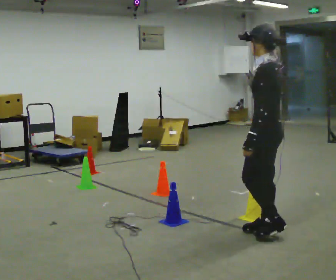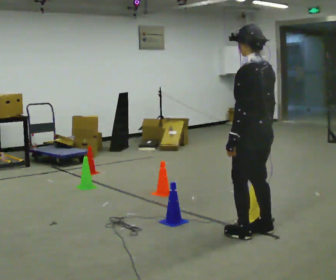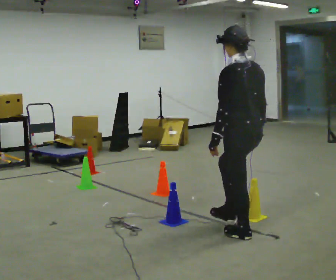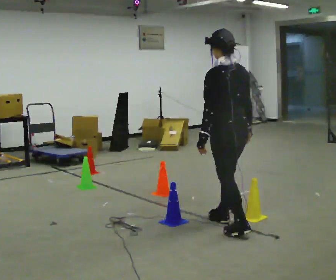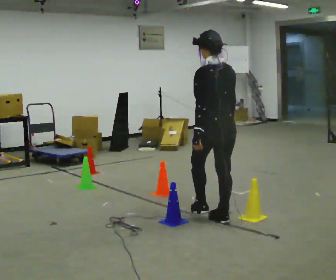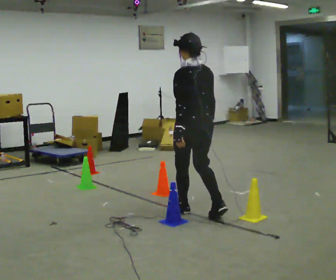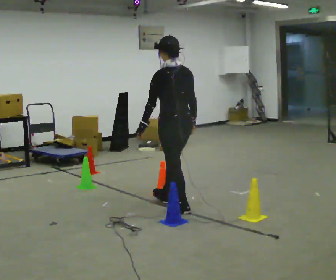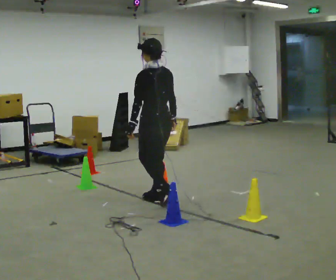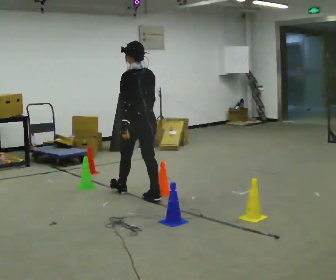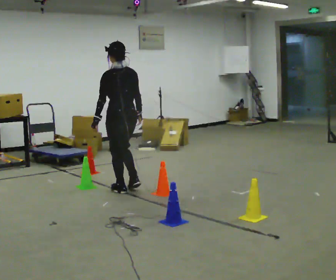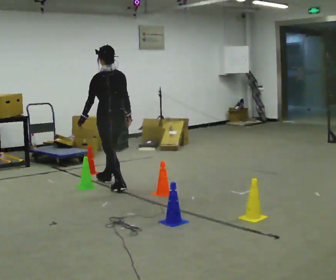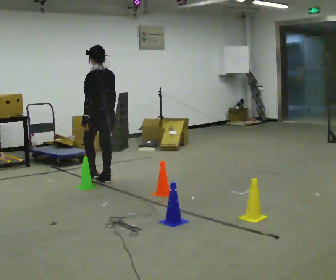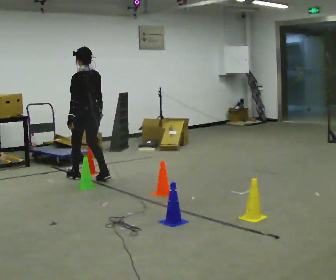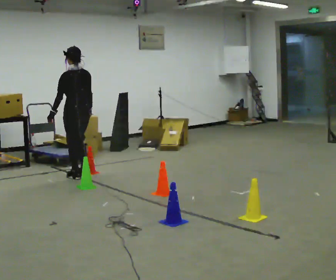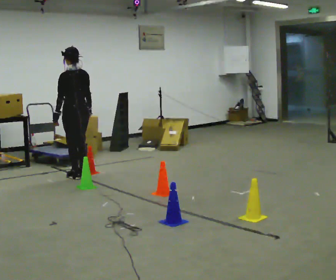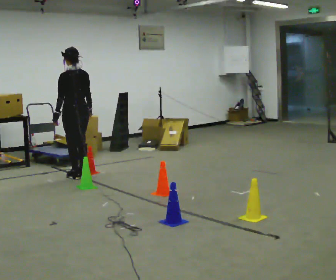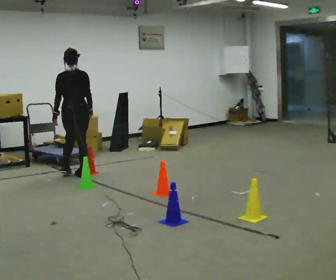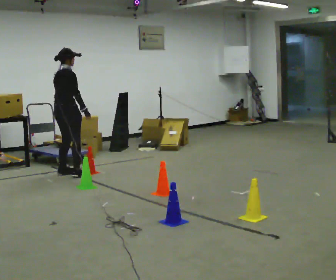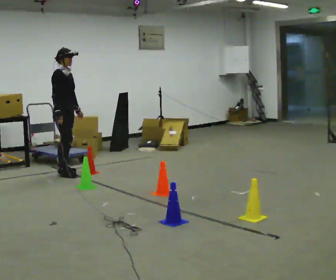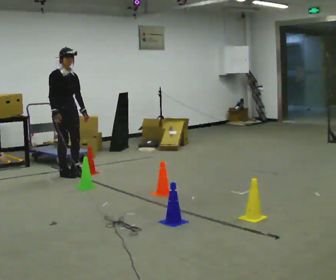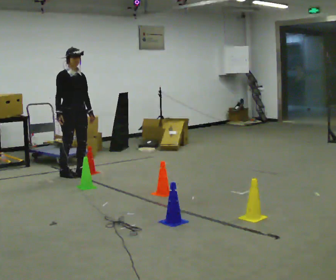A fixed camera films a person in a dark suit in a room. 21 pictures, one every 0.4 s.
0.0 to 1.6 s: The person turns about 30 degrees to their right, clockwise seen from above, so the part of the body nearest the lens slides to the left. In the picture they go away from the camera and to the left, about 0.5 m in 2 steps, which for them is forward.
1.6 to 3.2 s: In the picture they go away from the camera and to the left, about 1 m in 3 steps, which for them is forward.
3.2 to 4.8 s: In the picture they go away from the camera and to the left, about 1 m in 2 steps, which for them is forward.
4.8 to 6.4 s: The person turns about 45 degrees to their right, clockwise seen from above, so the part of the body nearest the lens slides to the left. In the picture they go away from the camera, about 0.25 m in 1 step, which for them is forward.
6.4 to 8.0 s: The part of the body nearest the lens slides to the left as the person turns to their right by about 135 degrees. In the picture their right hand goes to the left.
The film runs forward here.
